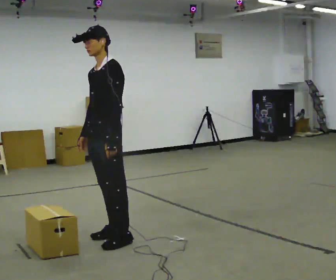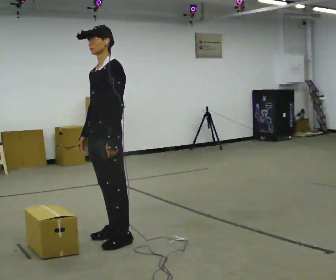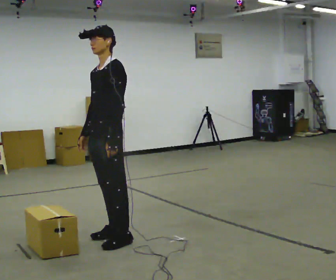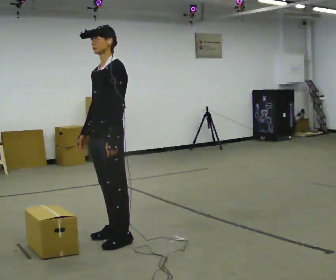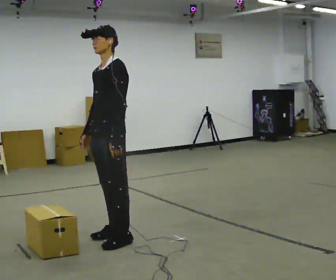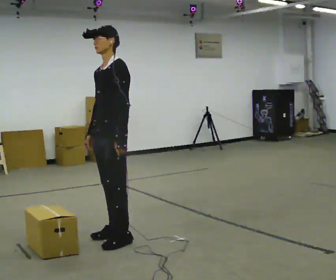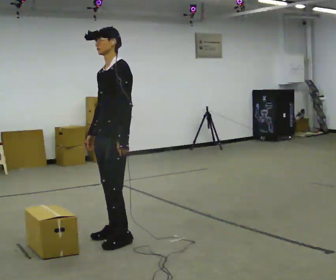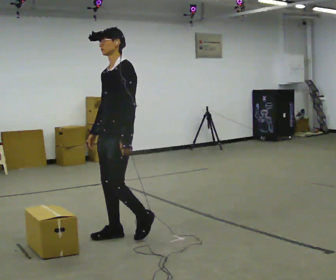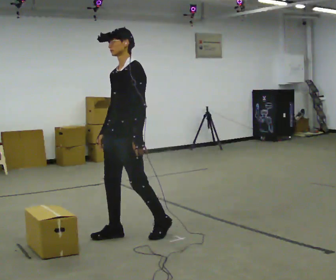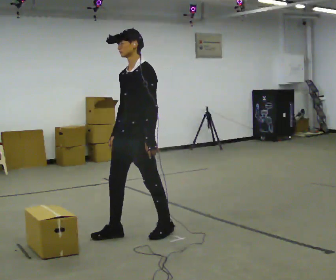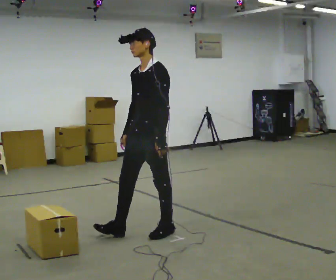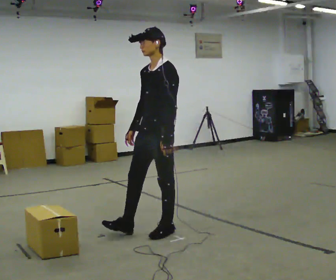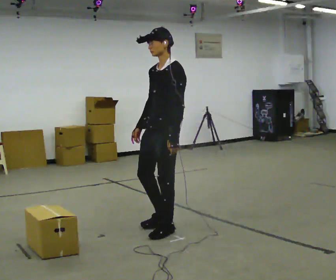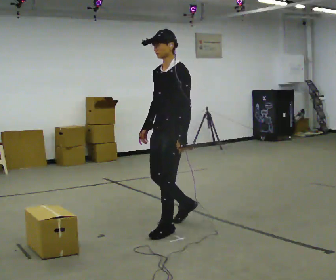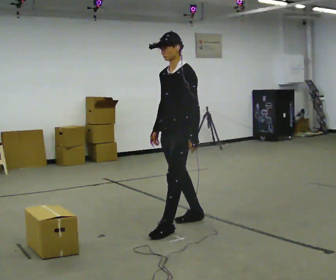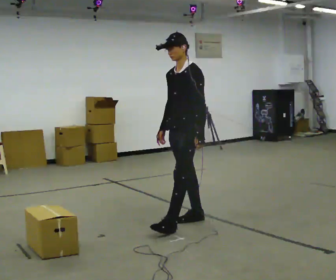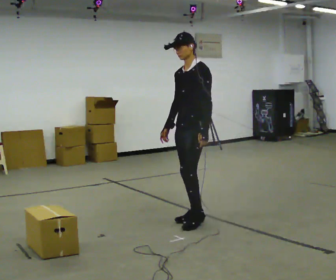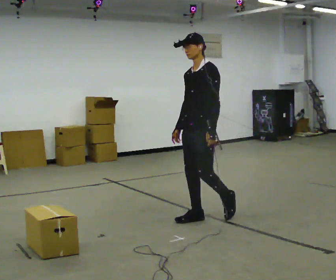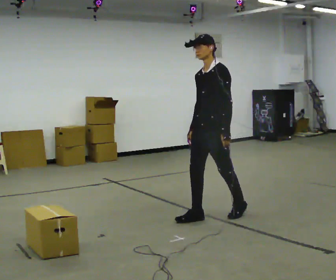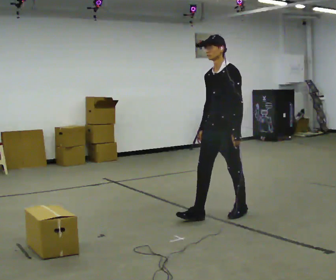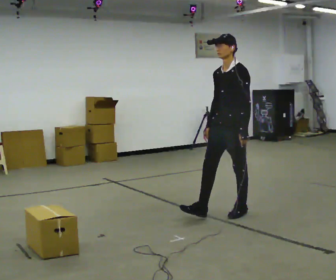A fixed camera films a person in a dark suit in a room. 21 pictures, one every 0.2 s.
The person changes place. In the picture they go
to the right.
0.0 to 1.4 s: The person moves a little, or ends about where they began.
1.4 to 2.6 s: In the picture they go to the right, about 0.5 m in 1 step, which for them is backward.
2.6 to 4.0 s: In the picture they go to the right and away from the camera, about 0.75 m in 2 steps, which for them is backward.
The film runs backward here.
